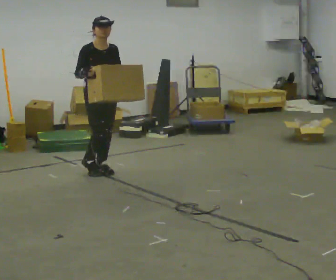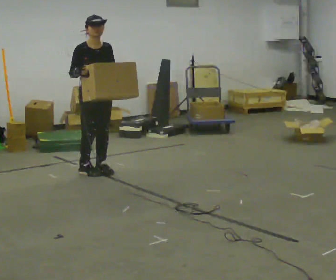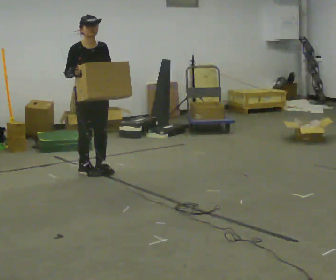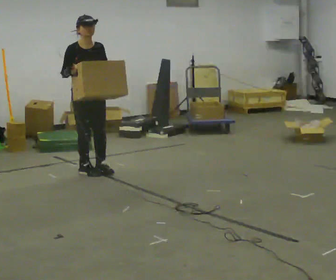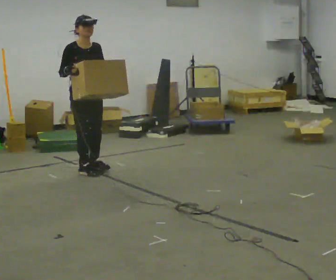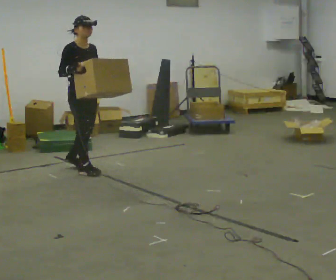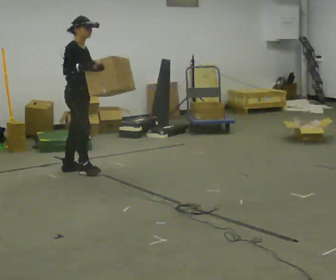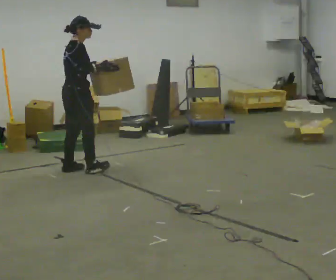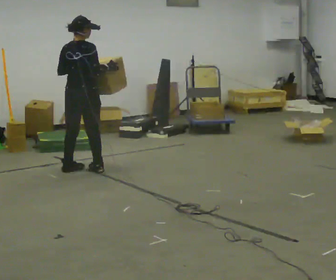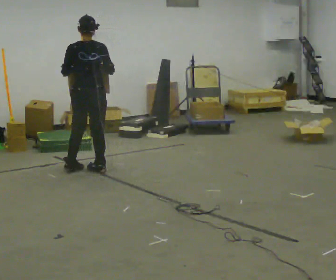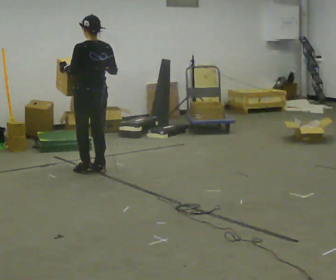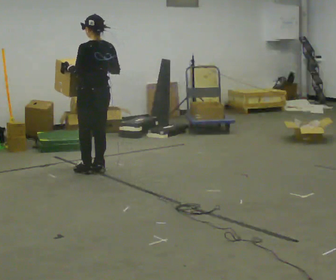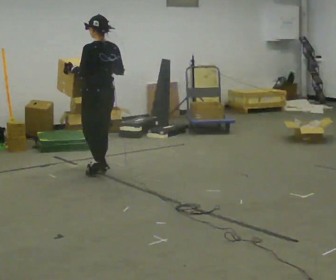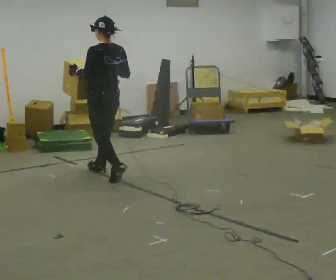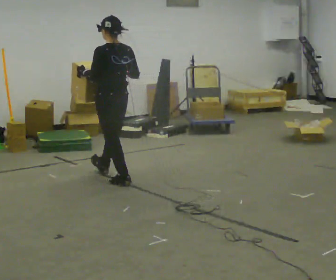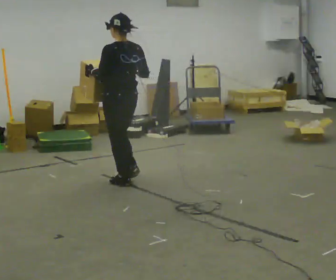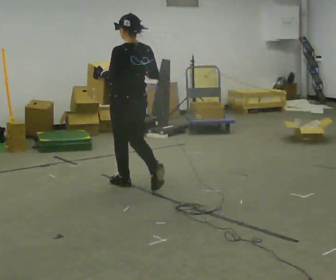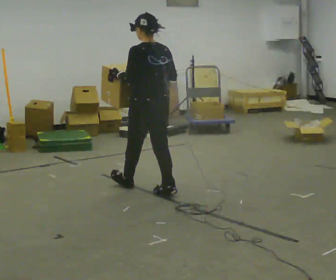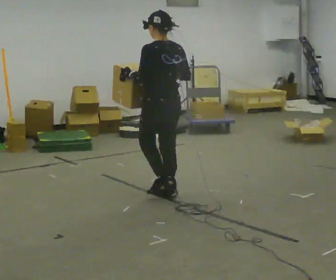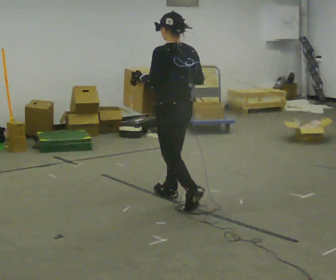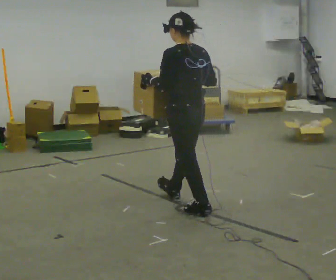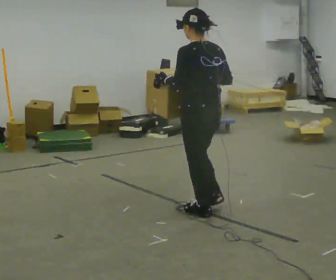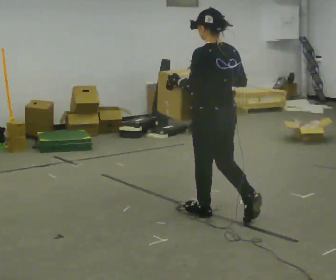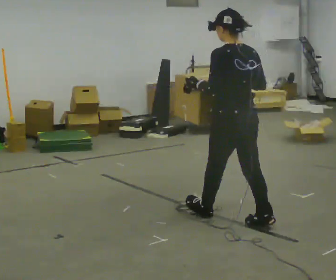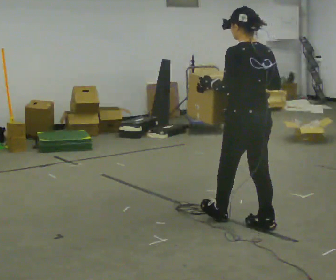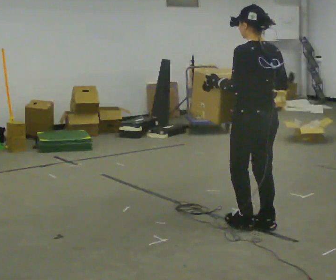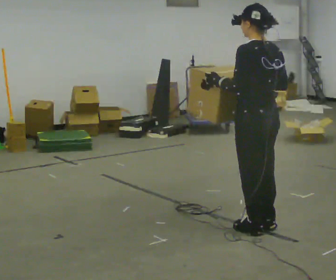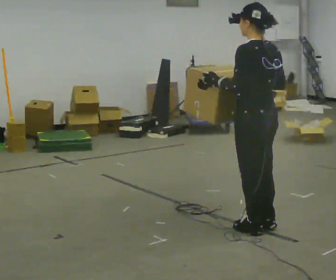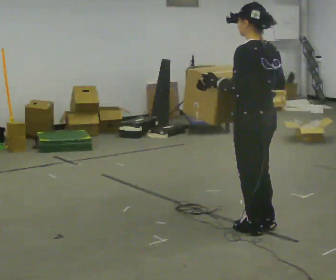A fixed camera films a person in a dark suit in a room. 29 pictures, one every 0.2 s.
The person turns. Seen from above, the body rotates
counterclockwise.
The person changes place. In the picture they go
toward the camera.
0.0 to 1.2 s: The part of the body nearest the lens slides to the right as the person turns to their left by about 45 degrees. In the picture they go to the left, about 0.25 m in 1 step, which for them is backward and to their right.
1.2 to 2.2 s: The part of the body nearest the lens slides to the right as the person turns to their left by about 135 degrees. In the picture they go to the right, about 0.25 m in 2 steps.
2.2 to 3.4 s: In the picture they go toward the camera and to the right, about 1 m in 3 steps, which for them is backward.
3.4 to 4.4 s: In the picture they go toward the camera and to the right, about 1 m in 1 step, which for them is backward.
4.4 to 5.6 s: In the picture they go toward the camera and to the right, about 0.5 m in 1 step, which for them is backward.
The film runs backward here.
